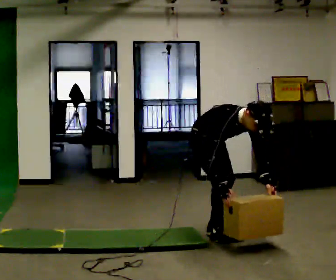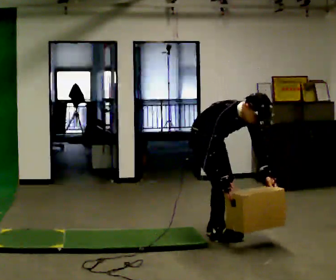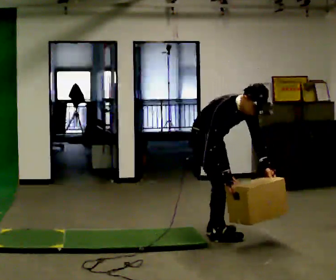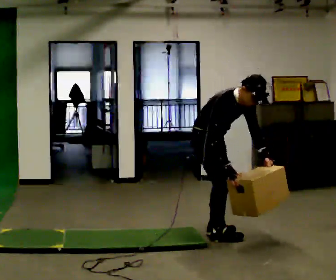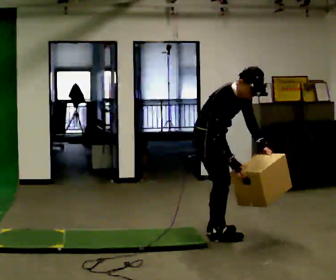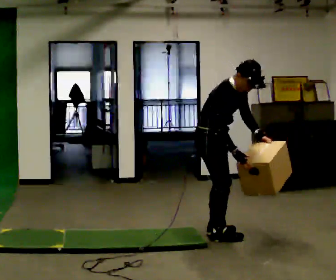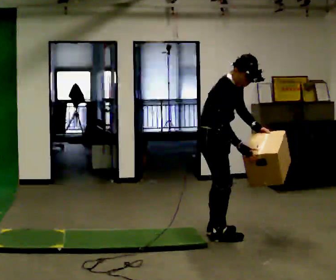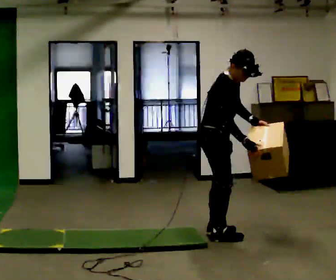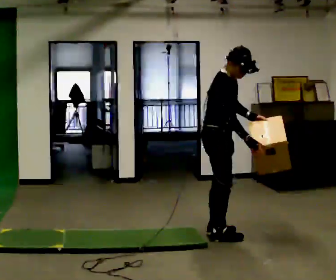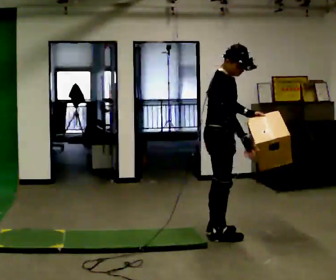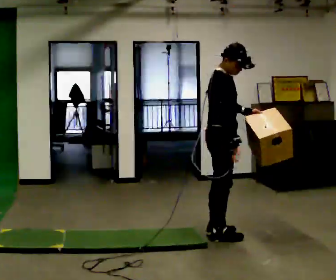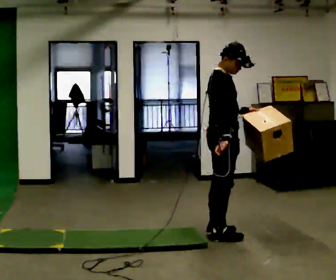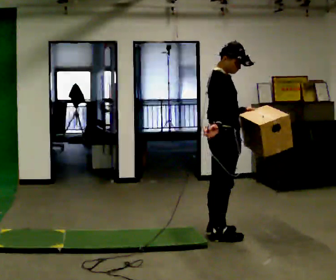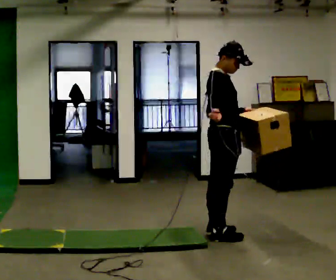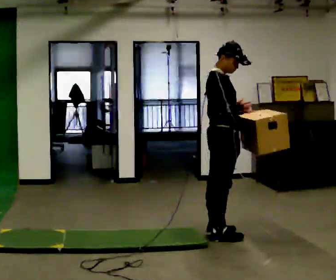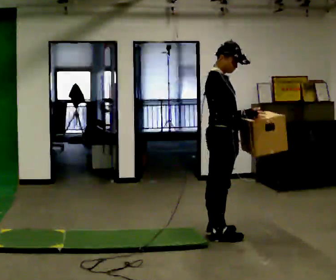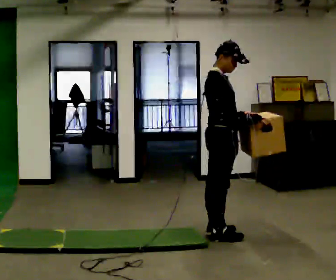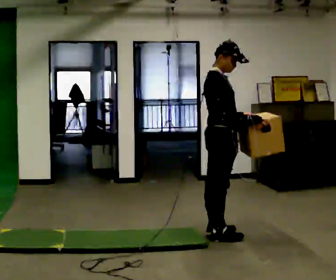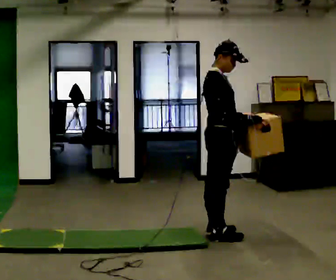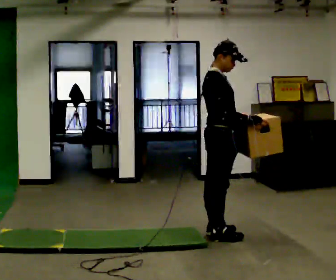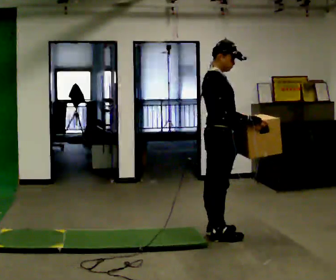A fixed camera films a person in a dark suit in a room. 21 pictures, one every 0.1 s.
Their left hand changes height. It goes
upward.
The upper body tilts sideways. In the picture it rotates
counterclockwise.
0.0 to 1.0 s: The person turns about 30 degrees to their left, counterclockwise seen from above, so the part of the body nearest the lens slides to the right. The upper body goes upward. In the picture the upper body tilts counterclockwise, shoulders to the left, as they lean back or straighten. In the picture their left hand goes upward.
1.0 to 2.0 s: The person moves a little, or ends about where they began.
The film runs backward here.
